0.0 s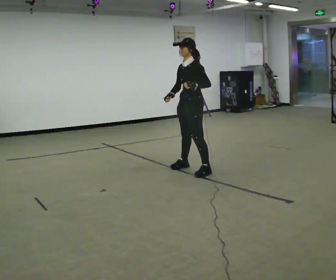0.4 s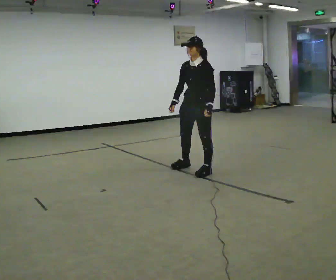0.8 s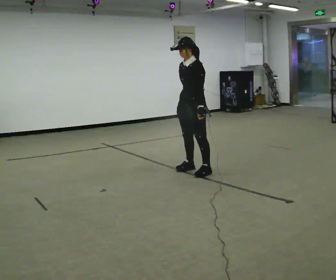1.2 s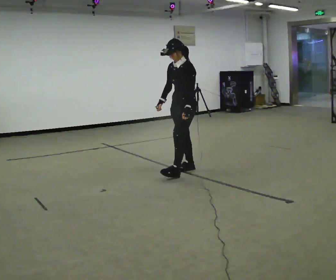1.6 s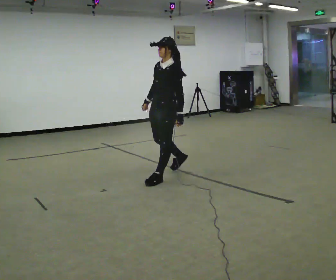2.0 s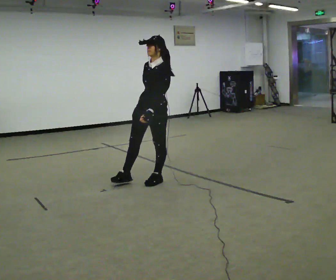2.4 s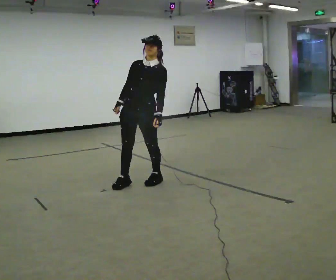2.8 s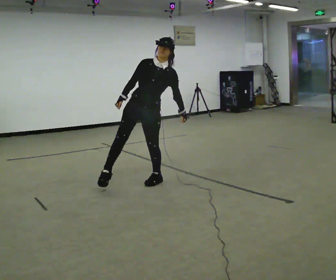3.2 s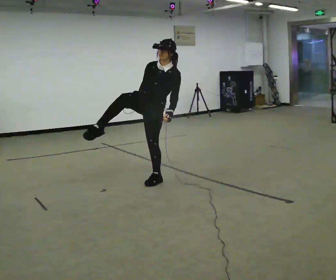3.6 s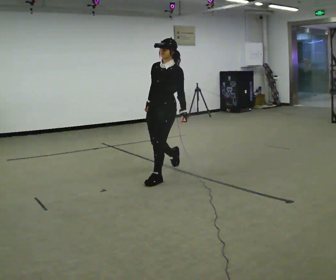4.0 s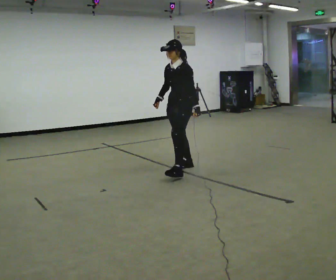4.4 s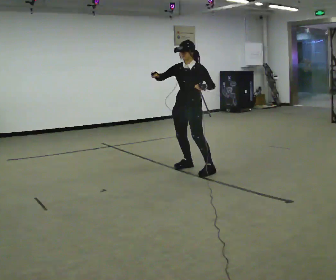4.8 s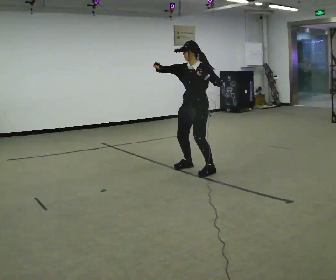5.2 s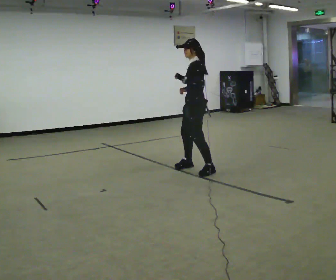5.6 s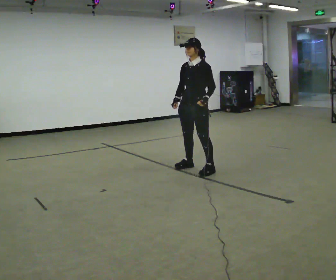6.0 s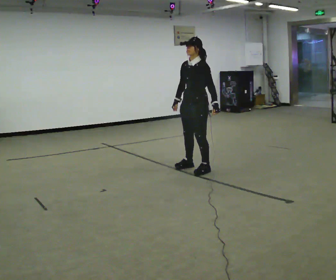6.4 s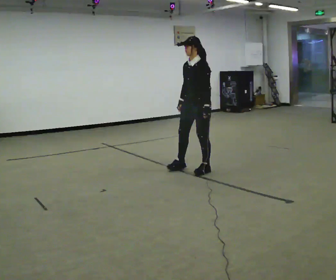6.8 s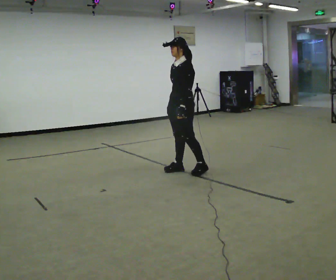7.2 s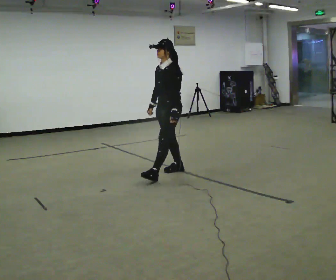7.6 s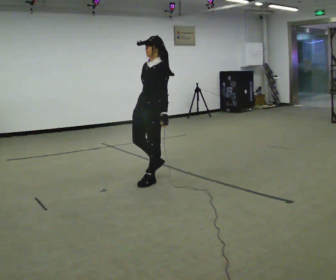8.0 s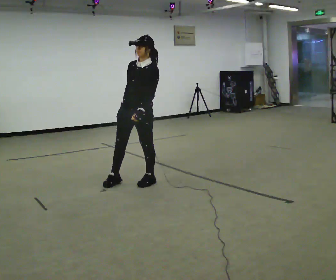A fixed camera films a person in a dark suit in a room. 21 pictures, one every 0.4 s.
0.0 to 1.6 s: In the picture they go to the left and toward the camera, about 0.5 m in 2 steps, which for them is forward. In the picture their left hand goes downward.
1.6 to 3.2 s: The part of the body nearest the lens slides to the right as the person turns to their left by about 45 degrees. In the picture they go to the left, about 0.25 m in 1 step, which for them is forward and to their right. In the picture the upper body tilts clockwise, shoulders to the right.
3.2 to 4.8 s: The person turns about 30 degrees to their right, clockwise seen from above, so the part of the body nearest the lens slides to the left. In the picture they go to the right and away from the camera, about 0.75 m in 1 step, which for them is backward. In the picture the upper body tilts counterclockwise, shoulders to the left. In the picture their right hand goes upward.
4.8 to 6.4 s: In the picture their right hand goes downward.
6.4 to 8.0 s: In the picture they go to the left and toward the camera, about 1 m in 2 steps, which for them is forward.
The film runs backward here.
